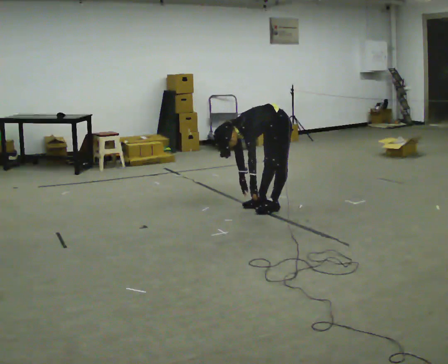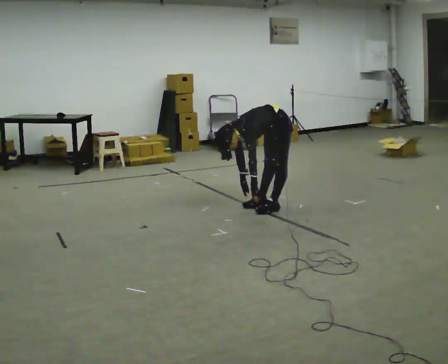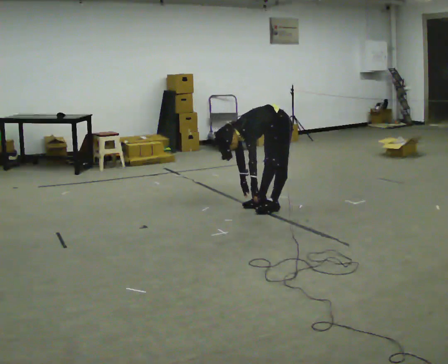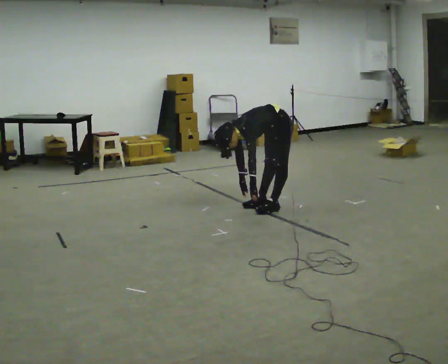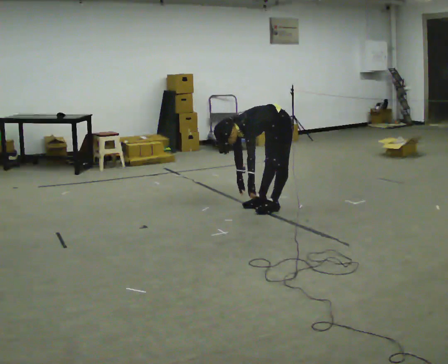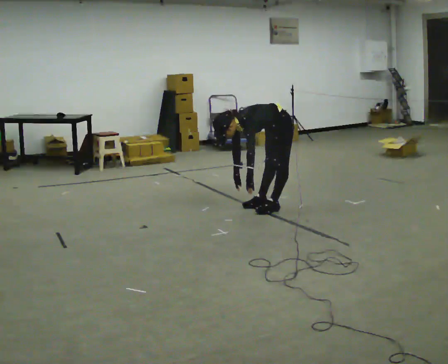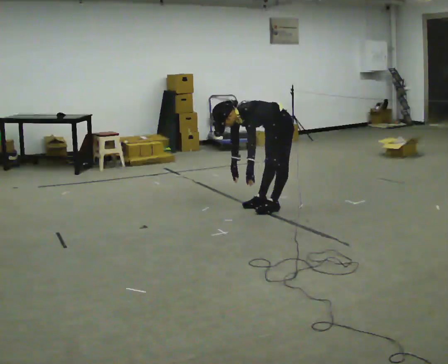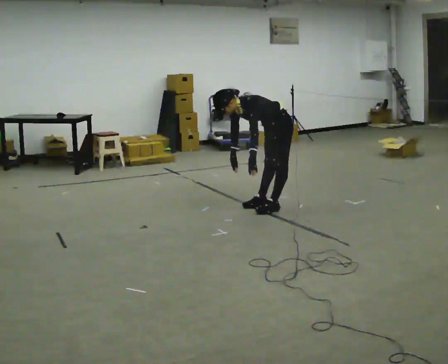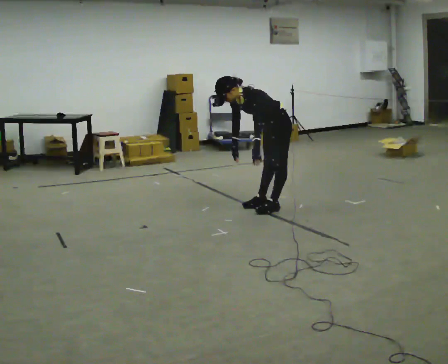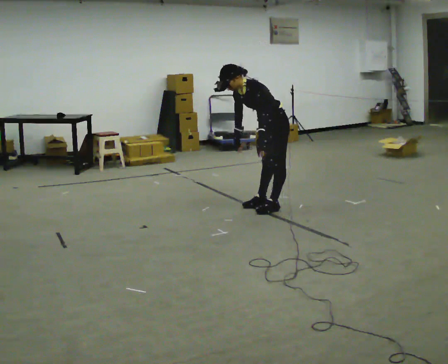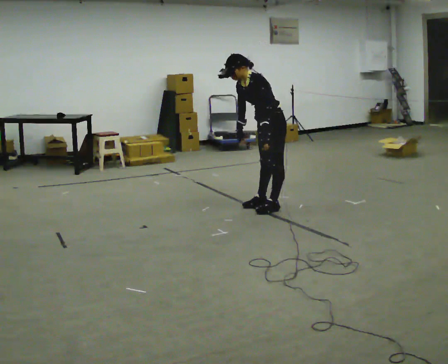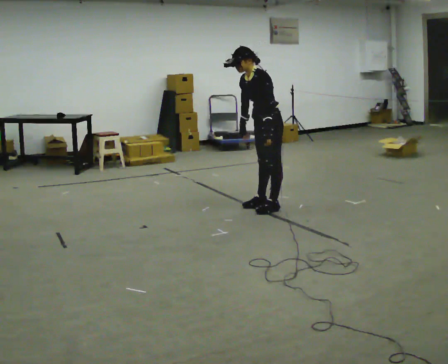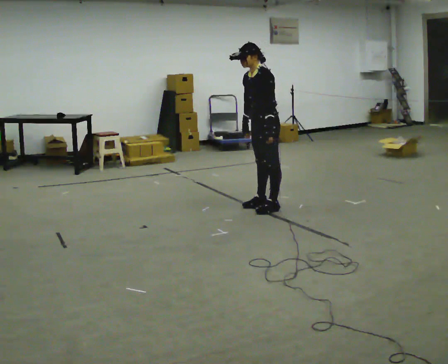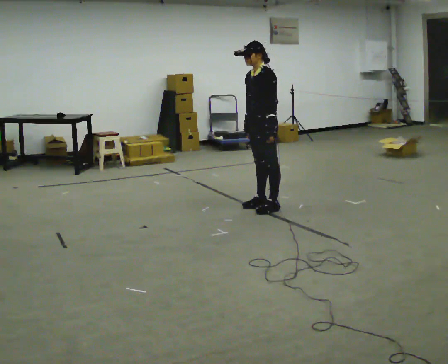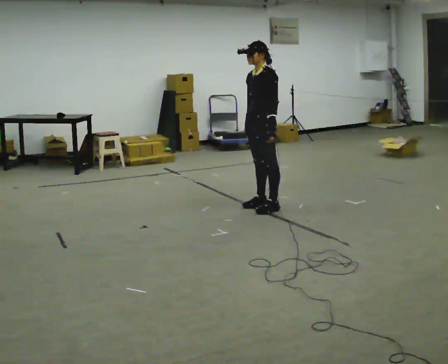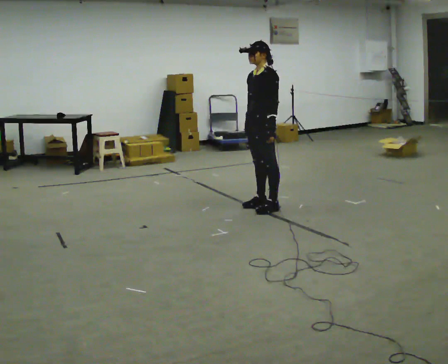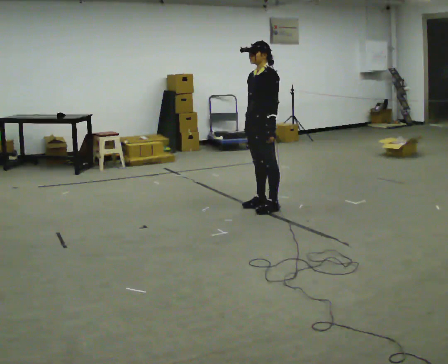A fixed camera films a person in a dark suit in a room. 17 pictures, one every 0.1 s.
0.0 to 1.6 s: The shoulders move upward. In the picture the upper body tilts clockwise, shoulders to the right, as they lean back or straighten. In the picture their right hand goes upward.
The film runs backward here.
